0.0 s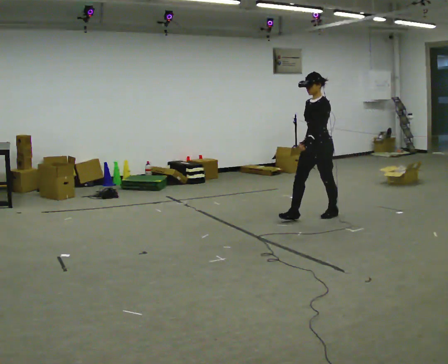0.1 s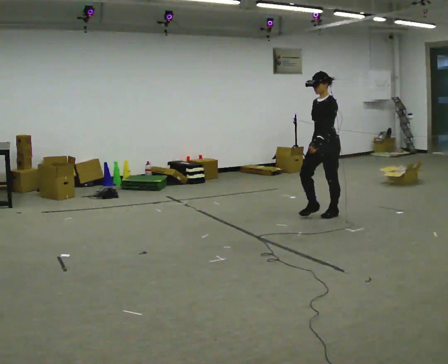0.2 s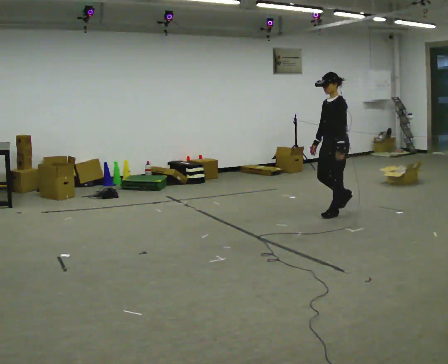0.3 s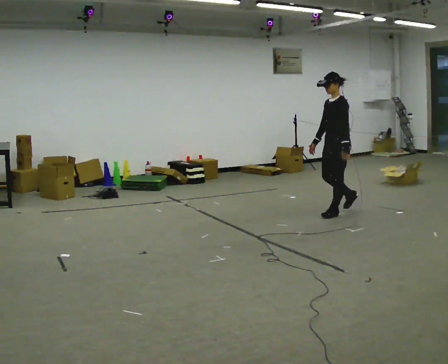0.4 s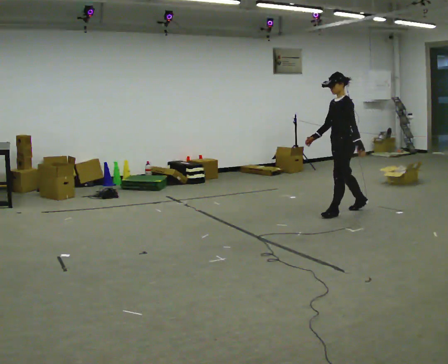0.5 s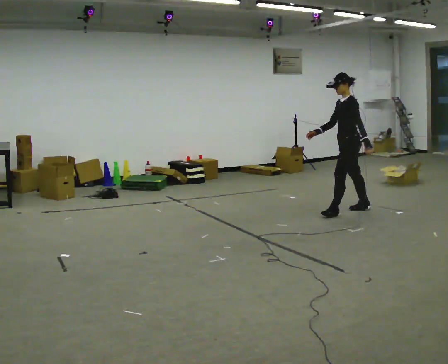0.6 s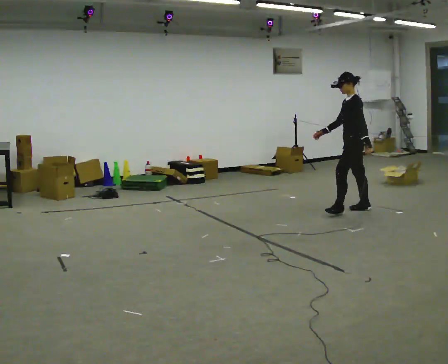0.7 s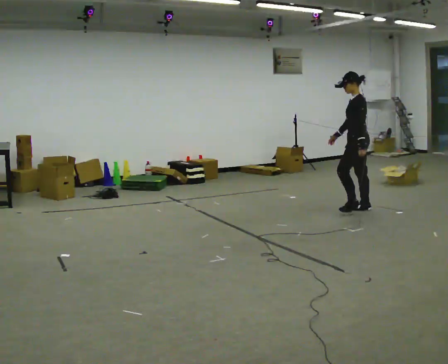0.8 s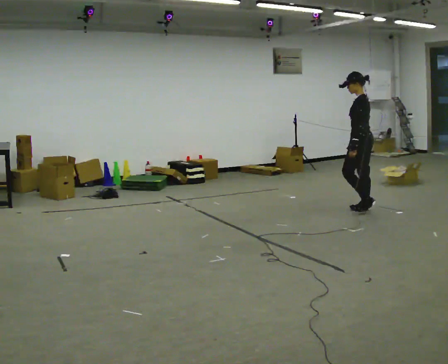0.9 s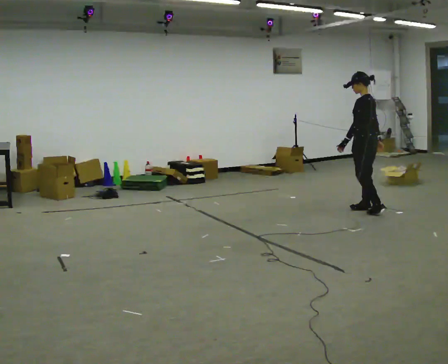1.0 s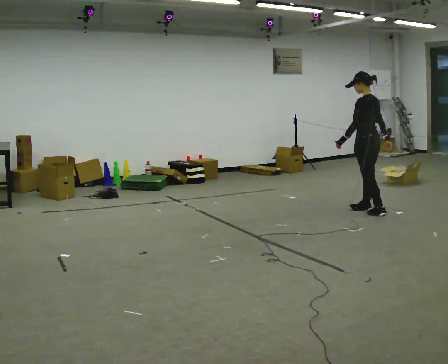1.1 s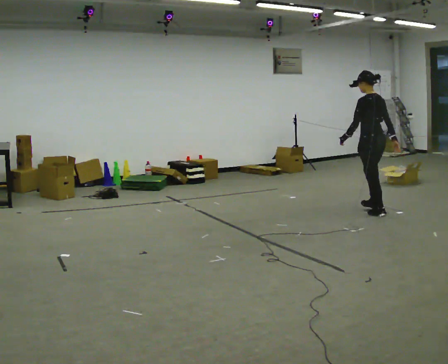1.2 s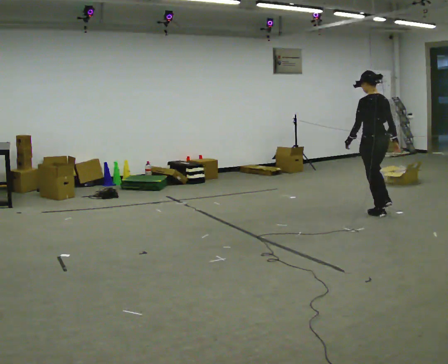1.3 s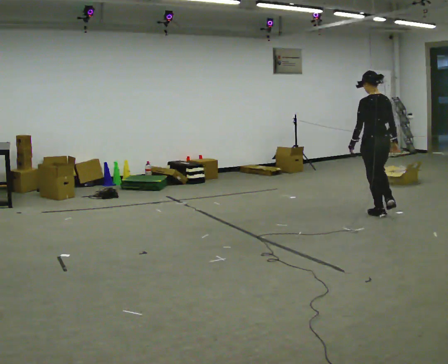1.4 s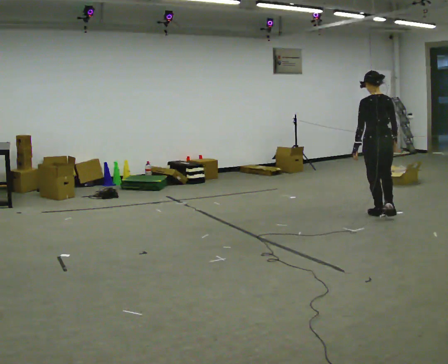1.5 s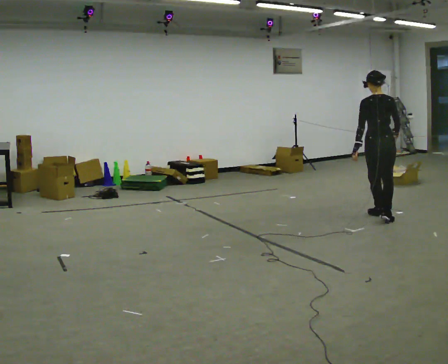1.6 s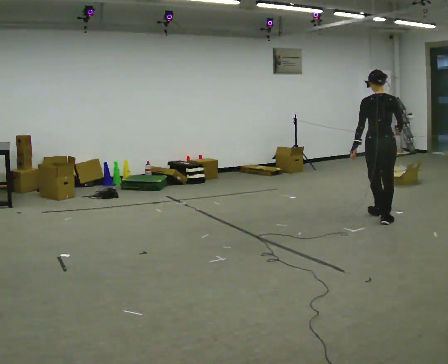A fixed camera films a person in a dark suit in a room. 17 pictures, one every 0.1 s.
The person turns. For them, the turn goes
to their right.
The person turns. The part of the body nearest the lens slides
to the left.
0.0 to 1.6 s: Seen from above the body turns clockwise, about 135 degrees: to their right, with its near side sliding to the left. In the picture they go to the right, about 0.75 m in 2 steps.
The film runs backward here.
